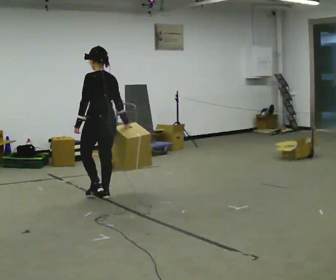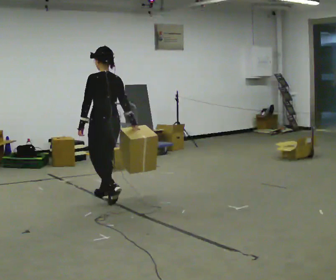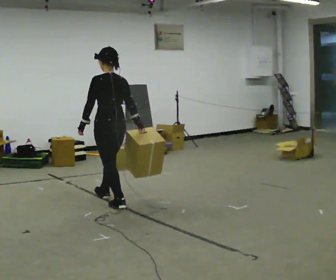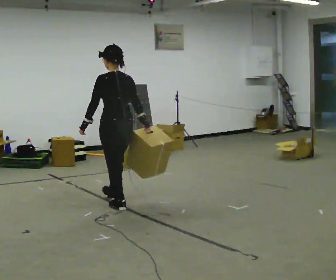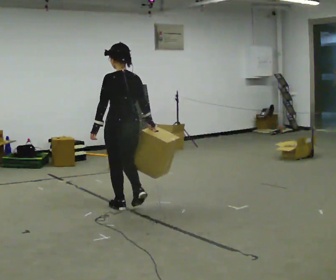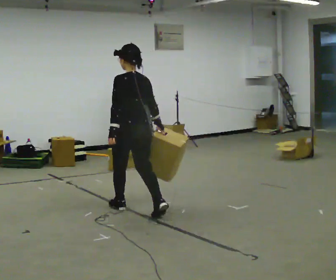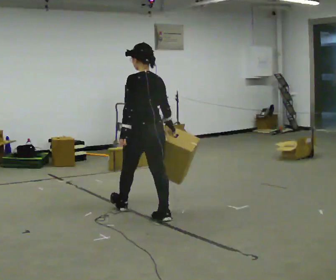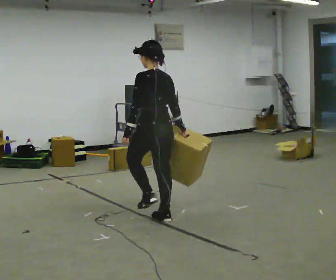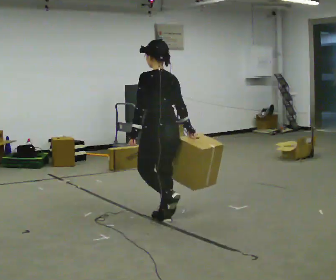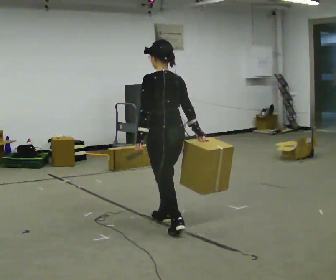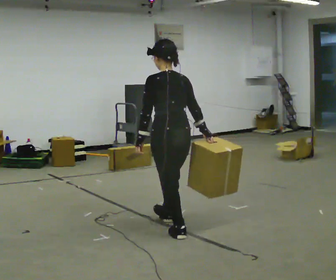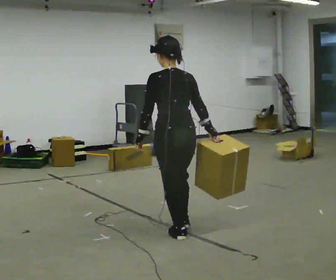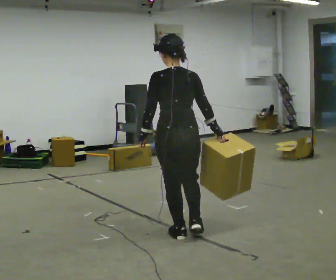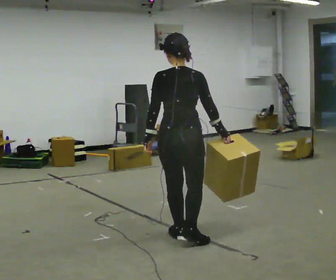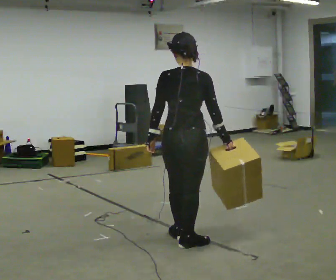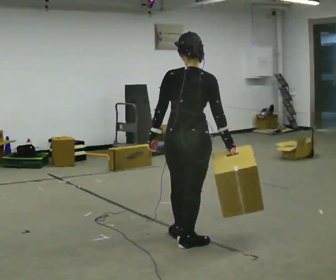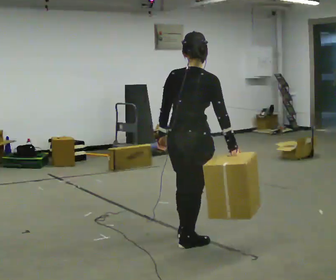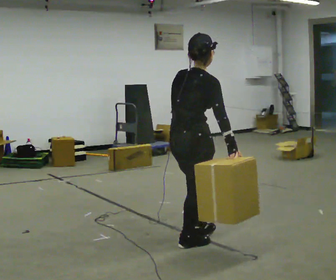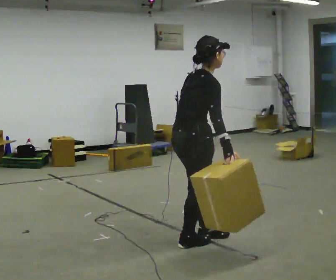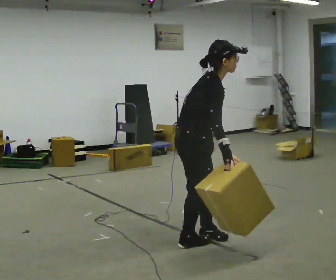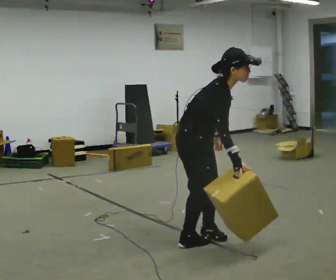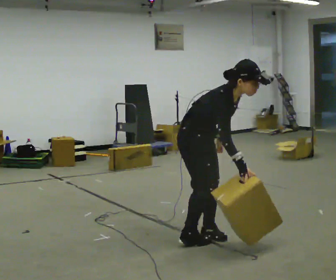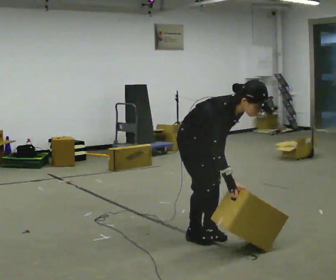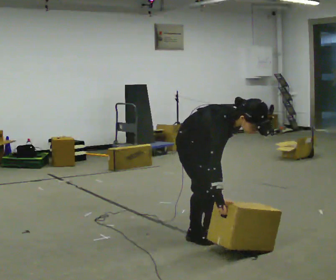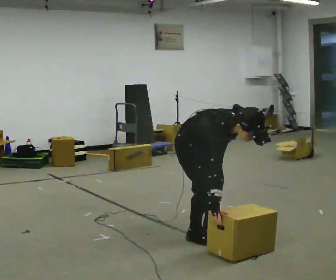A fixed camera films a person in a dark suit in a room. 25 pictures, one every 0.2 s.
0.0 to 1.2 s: In the picture they go to the right and toward the camera, about 1 m in 2 steps, which for them is backward.
1.2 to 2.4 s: In the picture they go toward the camera and to the right, about 0.75 m in 1 step, which for them is backward.
2.4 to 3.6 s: The person turns about 75 degrees to their right, clockwise seen from above, so the part of the body nearest the lens slides to the left. In the picture they go toward the camera, about 0.25 m in 1 step. In the picture the upper body tilts clockwise, shoulders to the right.
3.6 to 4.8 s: Seen from above the body turns clockwise, about 60 degrees: to their right, with its near side sliding to the left. In the picture they go away from the camera, about 0.25 m in 1 step. The upper body goes downward. The upper body tips toward the camera, its near side rolling downward, as they bend forward.
The film runs backward here.
